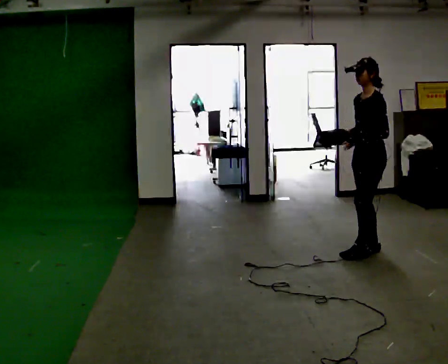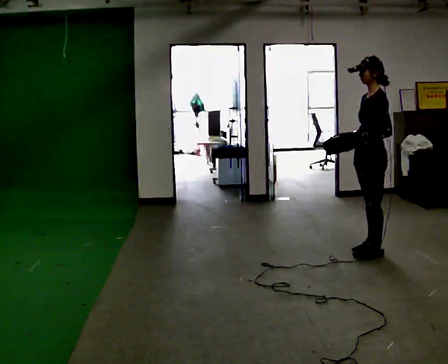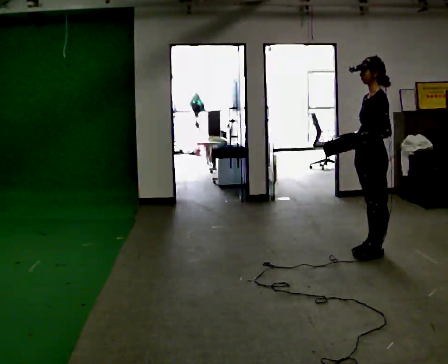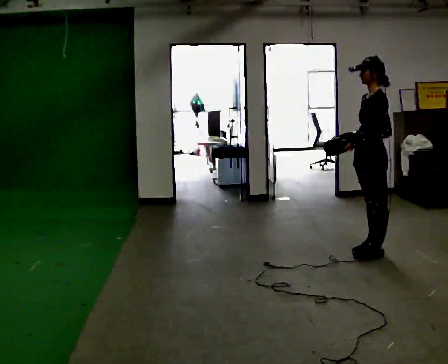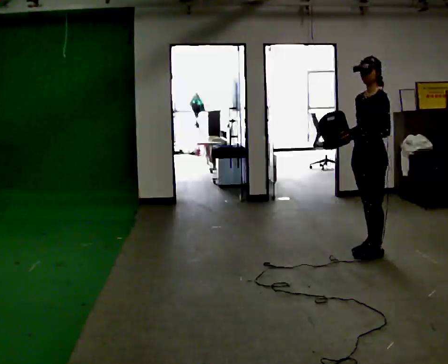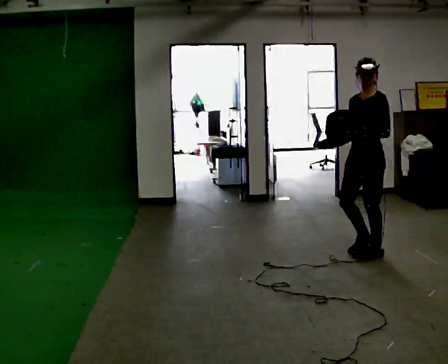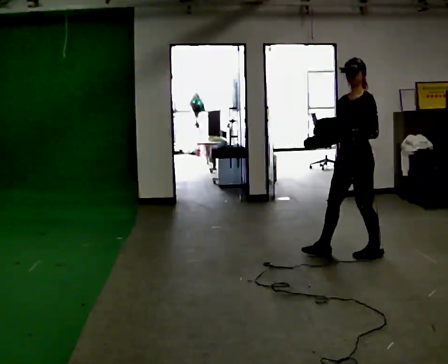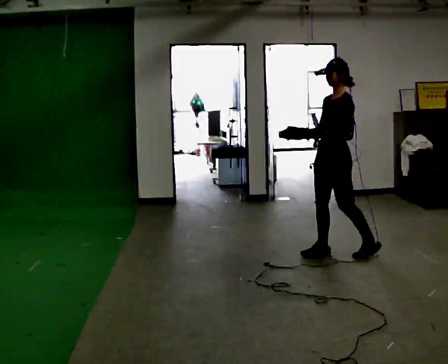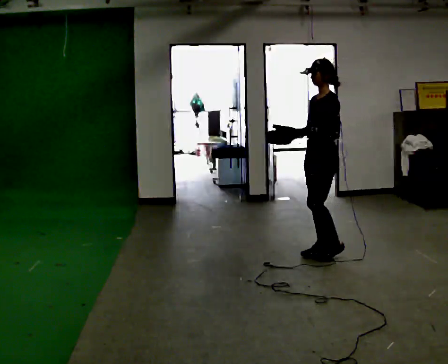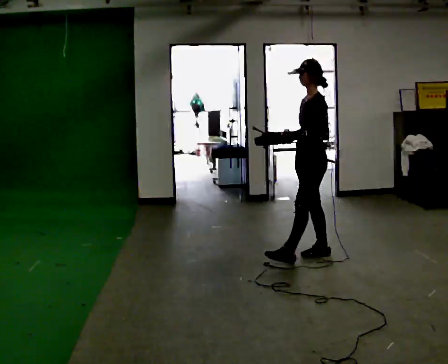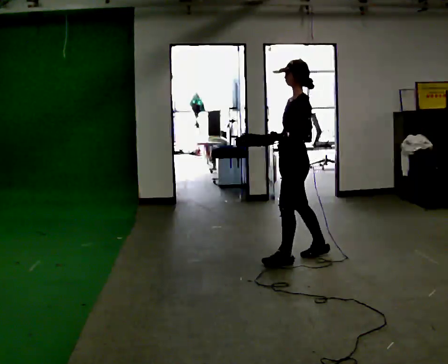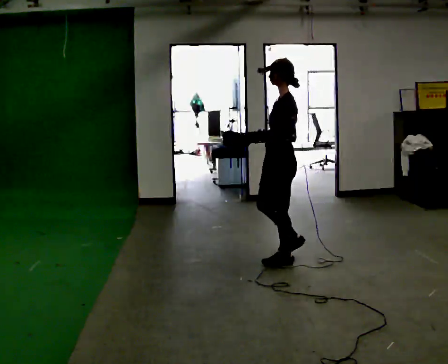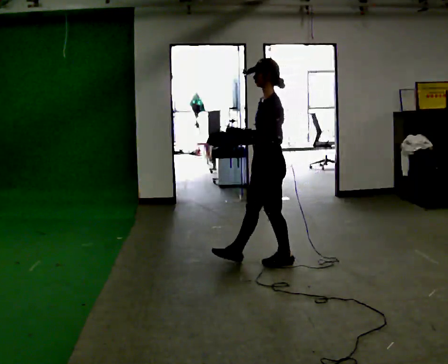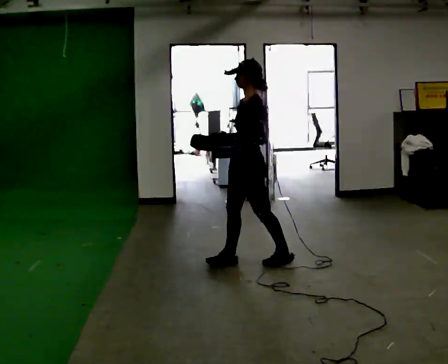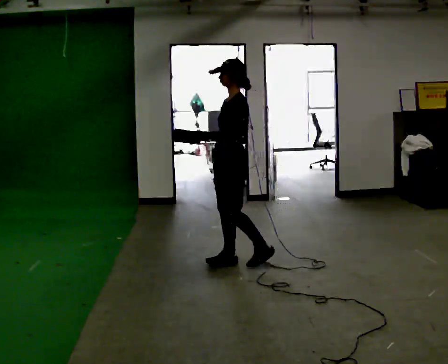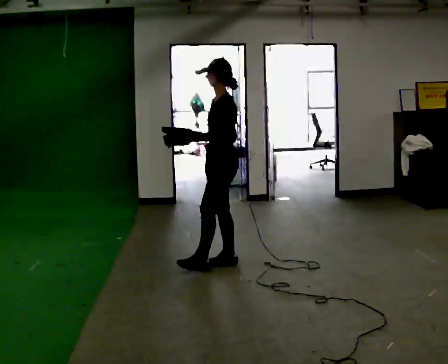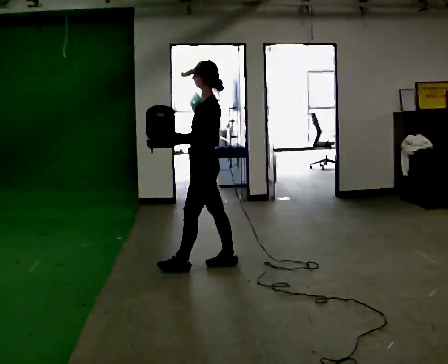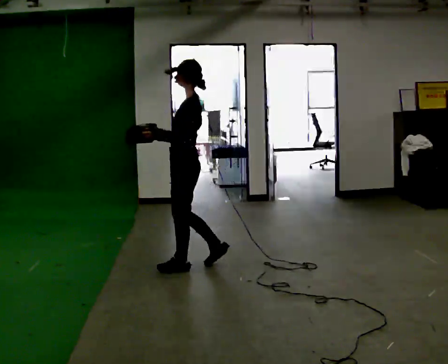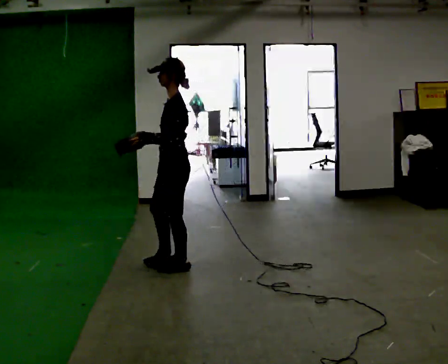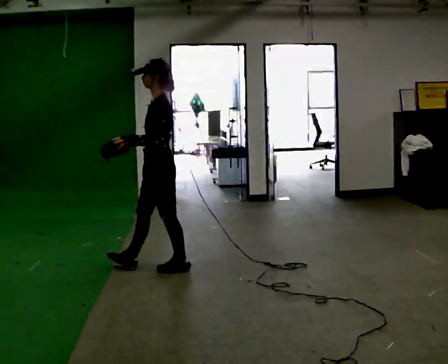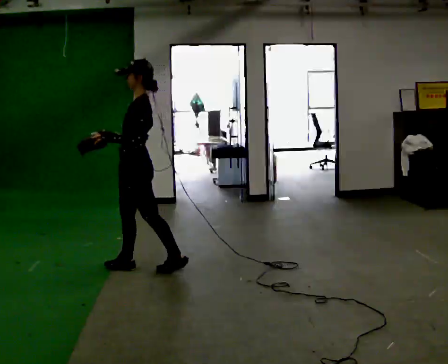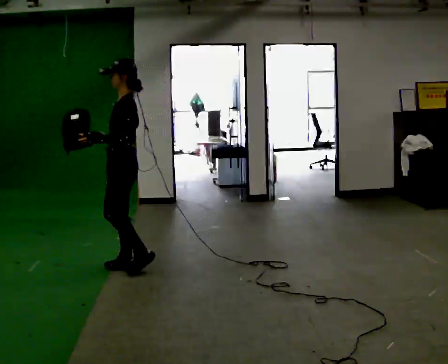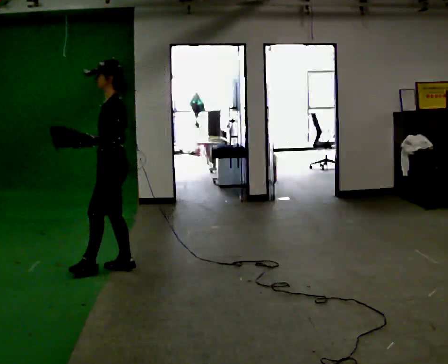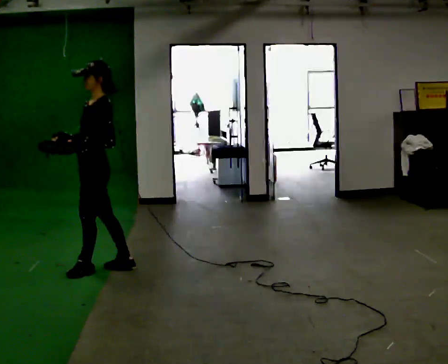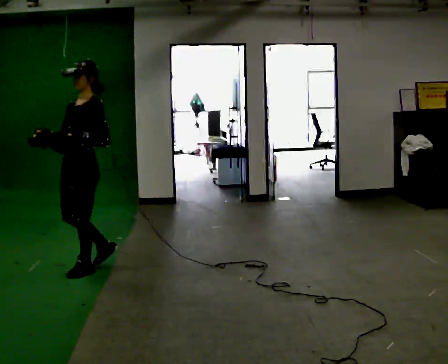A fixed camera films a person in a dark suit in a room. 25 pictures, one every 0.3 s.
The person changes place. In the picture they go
to the left.
0.0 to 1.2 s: The person moves a little, or ends about where they began.
1.2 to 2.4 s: In the picture they go to the left, about 0.5 m in 1 step, which for them is to their right.
2.4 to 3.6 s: In the picture they go to the left and toward the camera, about 0.5 m in 1 step, which for them is forward and to their right.
3.6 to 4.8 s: In the picture they go to the left, about 0.5 m in 2 steps, which for them is to their right and forward.
4.8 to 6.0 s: In the picture they go to the left, about 0.5 m in 1 step, which for them is to their right and forward.
6.0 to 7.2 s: The part of the body nearest the lens slides to the right as the person turns to their left by about 30 degrees. In the picture they go to the left and toward the camera, about 0.5 m in 1 step, which for them is to their right and forward.
The film runs forward here.
